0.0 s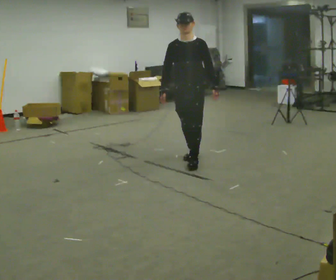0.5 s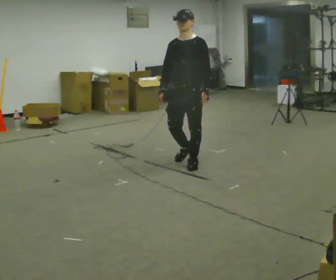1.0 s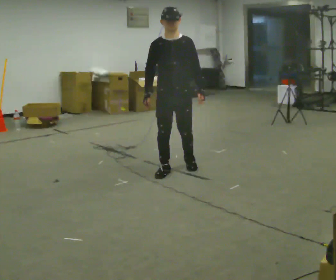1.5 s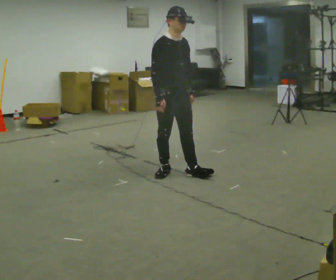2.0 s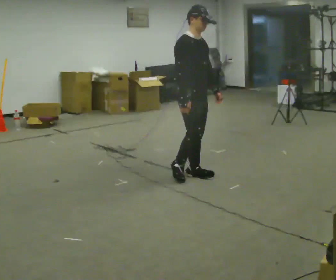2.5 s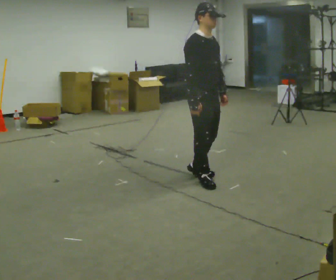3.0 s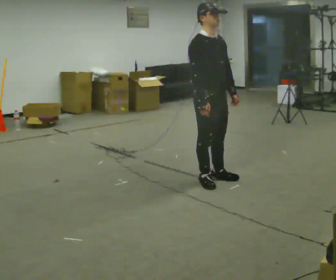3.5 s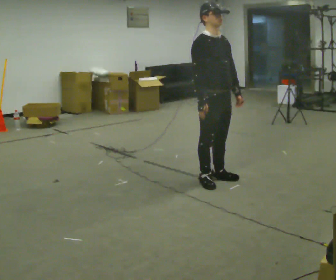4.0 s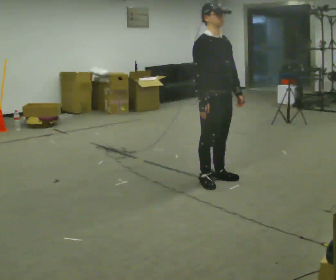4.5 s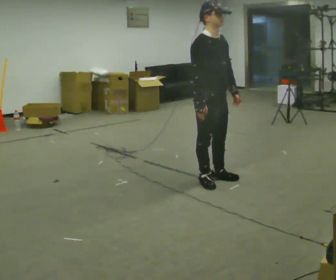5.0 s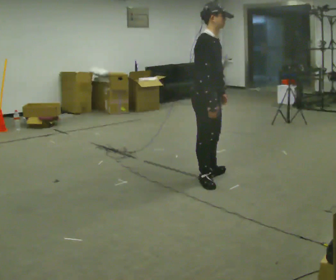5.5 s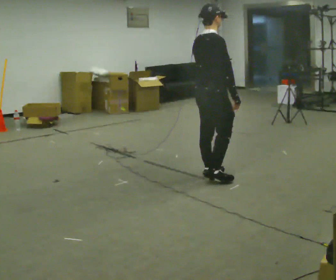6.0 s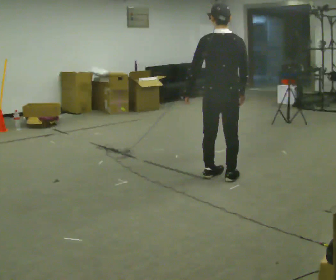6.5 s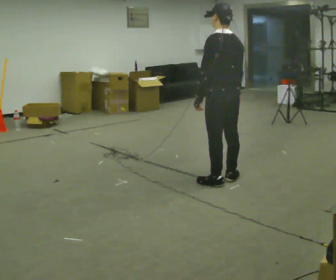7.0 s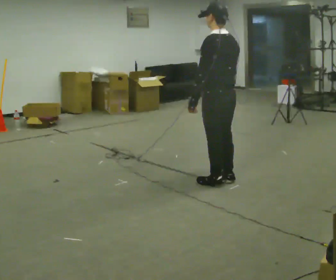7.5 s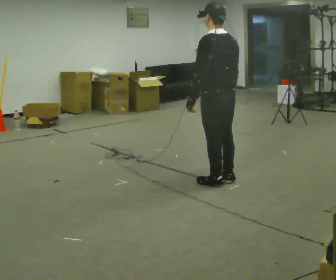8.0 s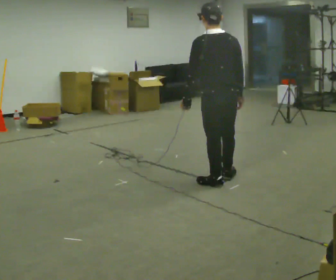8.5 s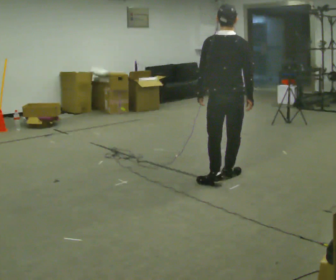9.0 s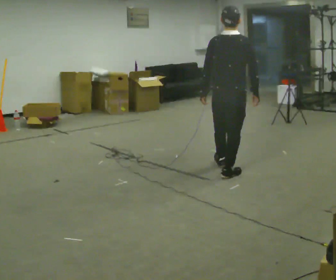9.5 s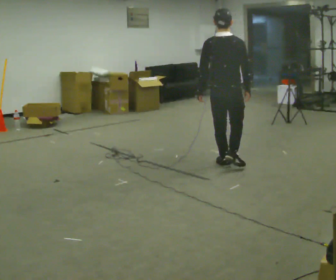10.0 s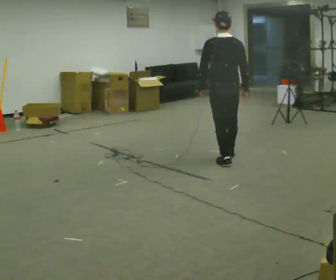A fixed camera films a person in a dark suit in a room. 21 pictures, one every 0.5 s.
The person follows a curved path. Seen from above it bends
counterclockwise.
0.0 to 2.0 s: The person turns about 75 degrees to their left, counterclockwise seen from above, so the part of the body nearest the lens slides to the right. In the picture they go toward the camera, about 0.5 m in 2 steps.
2.0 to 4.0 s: In the picture they go to the right and toward the camera, about 0.25 m in 2 steps, which for them is forward.
4.0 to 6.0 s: Seen from above the body turns counterclockwise, about 135 degrees: to their left, with its near side sliding to the right. In the picture their left hand goes to the left, the arm swinging clockwise.
6.0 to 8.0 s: The person moves a little, or ends about where they began.
8.0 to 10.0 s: In the picture they go away from the camera, about 1 m in 3 steps, which for them is forward.
The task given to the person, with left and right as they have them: Walk forward; gradually curve left/right; straighten out.
The film runs forward here.
